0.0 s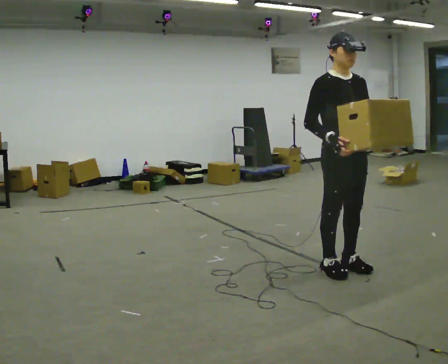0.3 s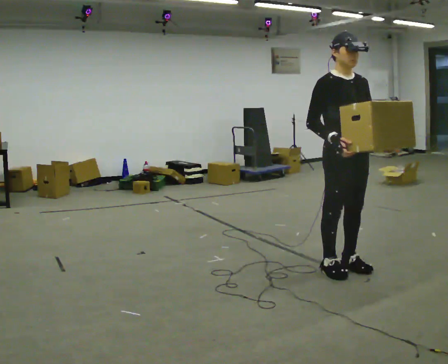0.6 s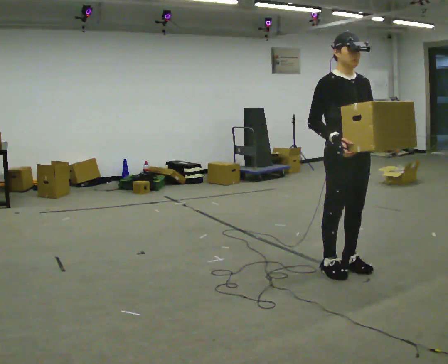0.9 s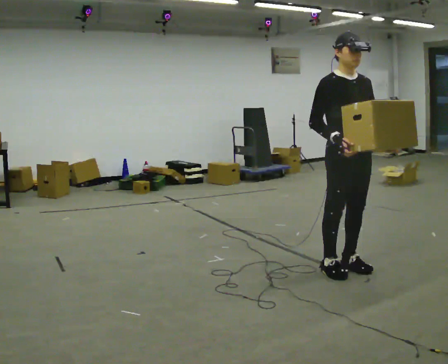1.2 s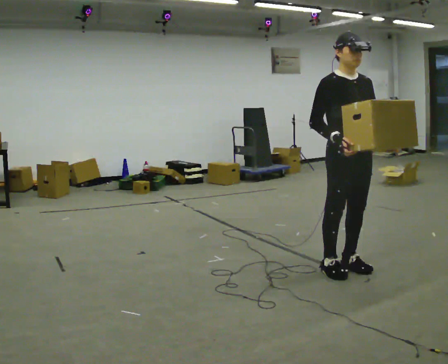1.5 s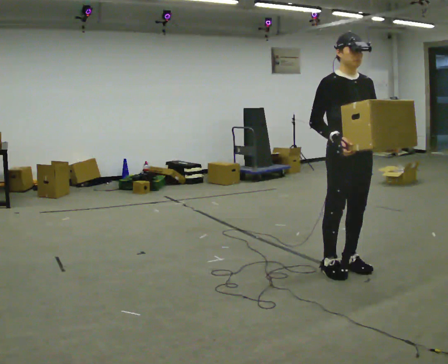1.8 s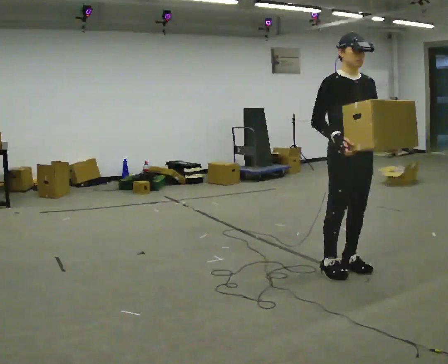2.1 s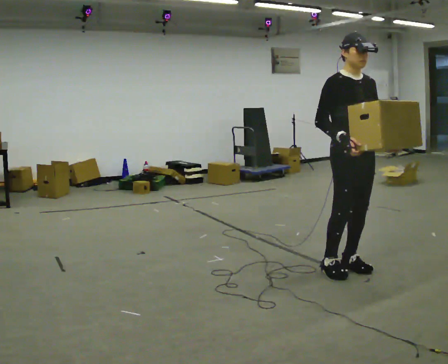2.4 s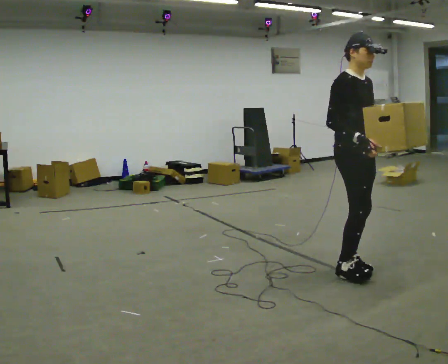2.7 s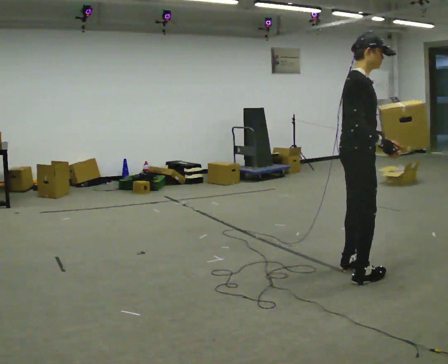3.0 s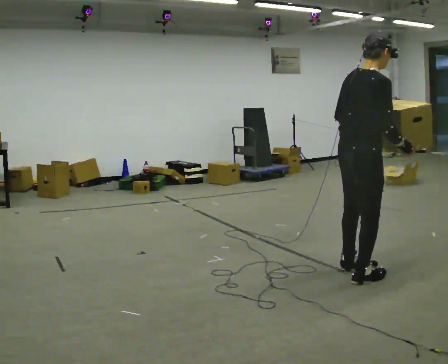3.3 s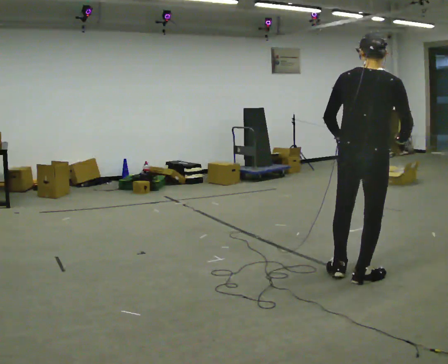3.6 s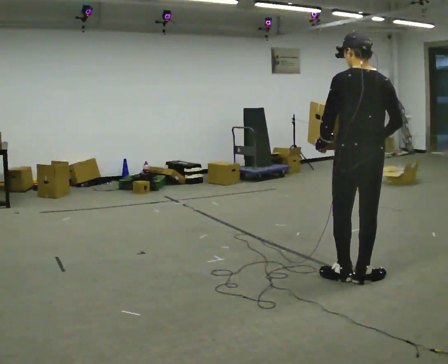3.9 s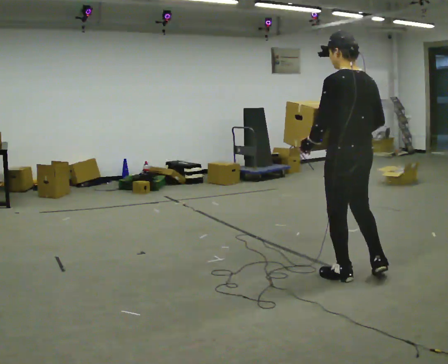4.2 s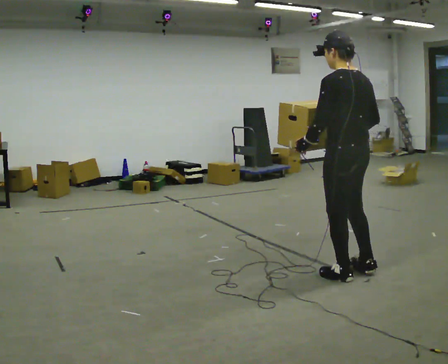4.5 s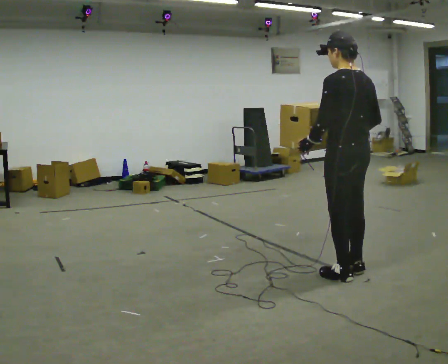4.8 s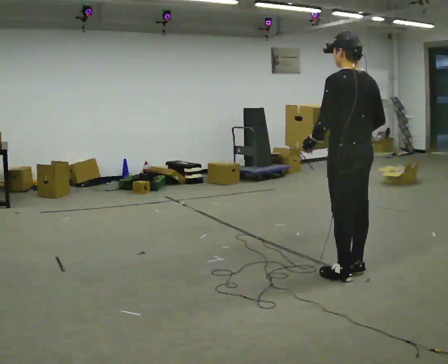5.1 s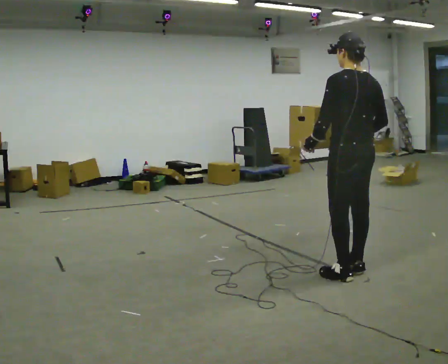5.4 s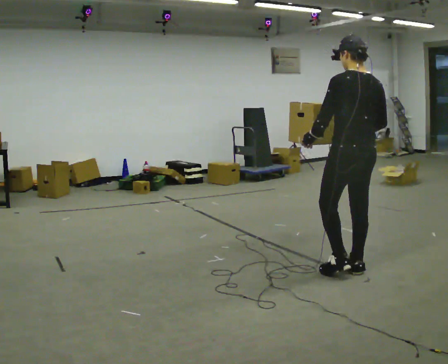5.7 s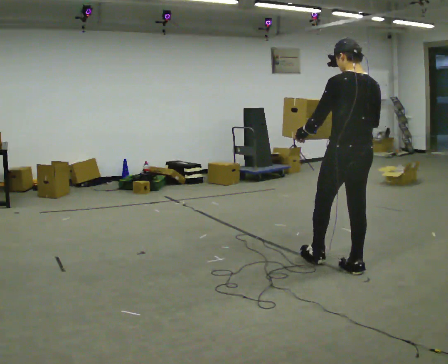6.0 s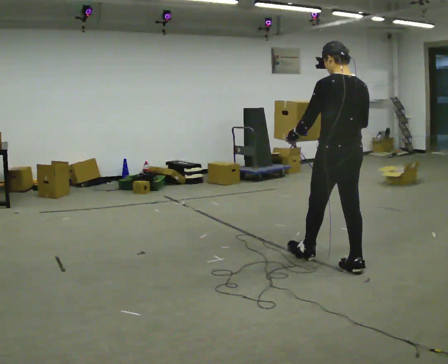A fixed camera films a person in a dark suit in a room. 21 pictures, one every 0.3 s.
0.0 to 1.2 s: The person moves a little, or ends about where they began.
1.2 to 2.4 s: Seen from above the body turns counterclockwise, about 45 degrees: to their left, with its near side sliding to the right.
2.4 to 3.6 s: The person turns about 135 degrees to their left, counterclockwise seen from above, so the part of the body nearest the lens slides to the right. In the picture they go toward the camera, about 0.25 m in 1 step. In the picture their left hand goes to the left, the arm swinging clockwise.
3.6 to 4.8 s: The person moves a little, or ends about where they began.
4.8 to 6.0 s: In the picture they go away from the camera and to the left, about 0.25 m in 1 step, which for them is forward.
The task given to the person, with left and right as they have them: Carry the heaviest box in both hands in front of you, walking back and forth across the room. Only carry what is comfortable. Set it down whenever you need to.
The film runs forward here.
